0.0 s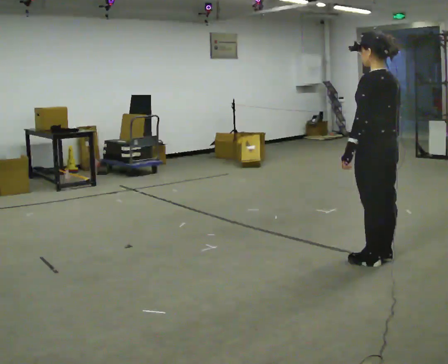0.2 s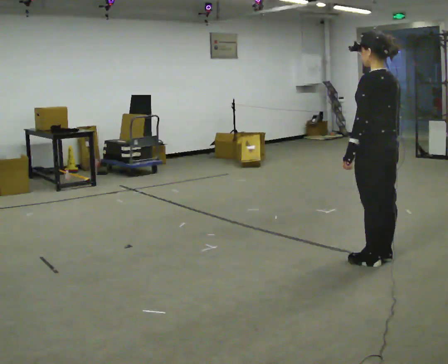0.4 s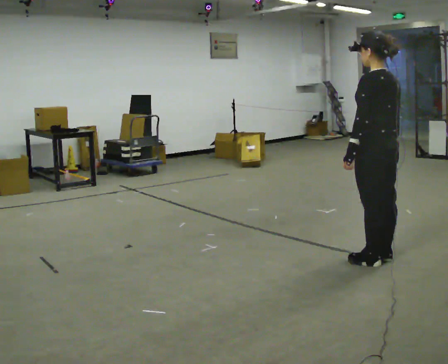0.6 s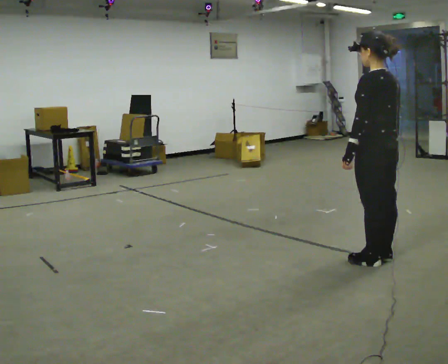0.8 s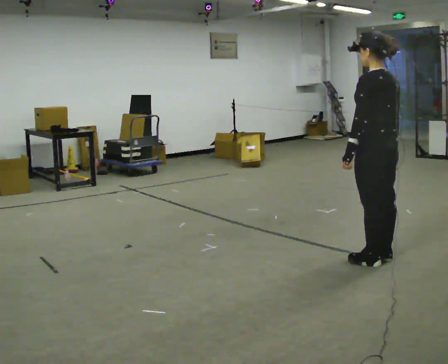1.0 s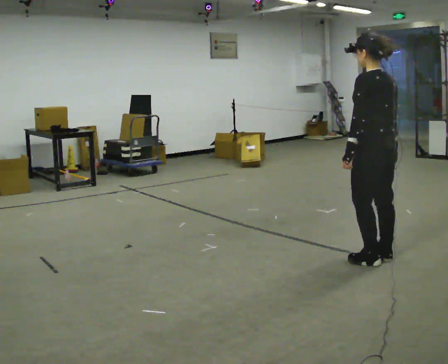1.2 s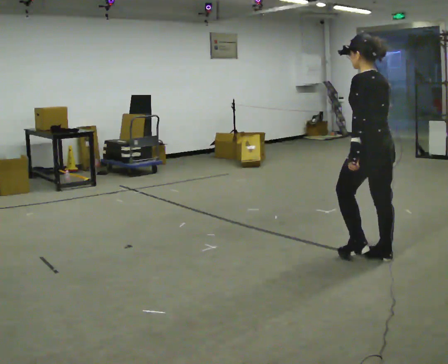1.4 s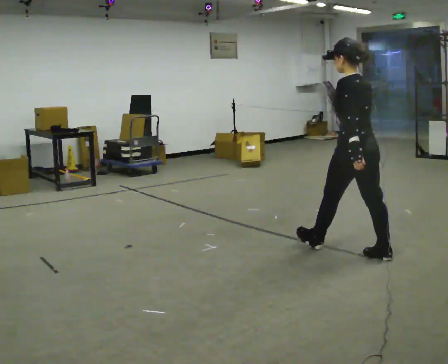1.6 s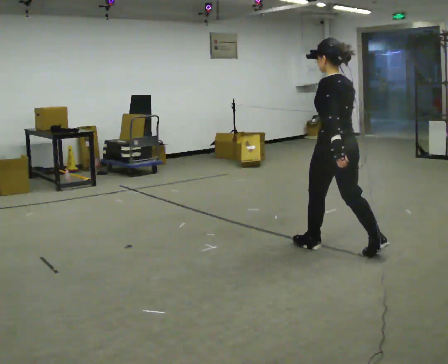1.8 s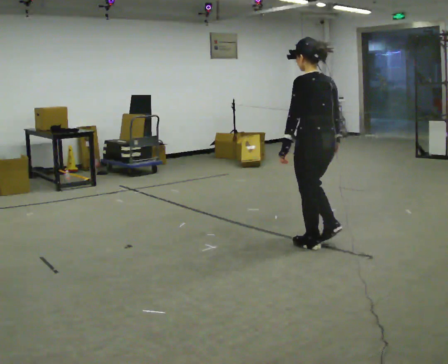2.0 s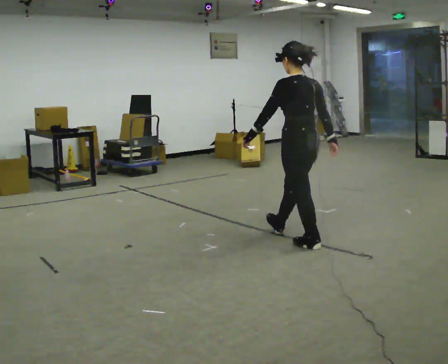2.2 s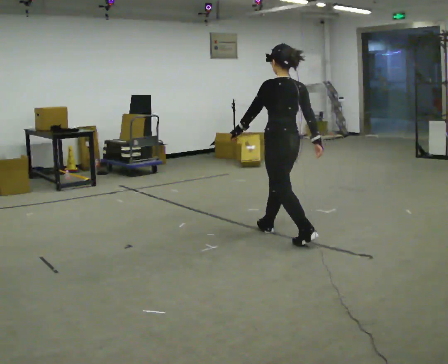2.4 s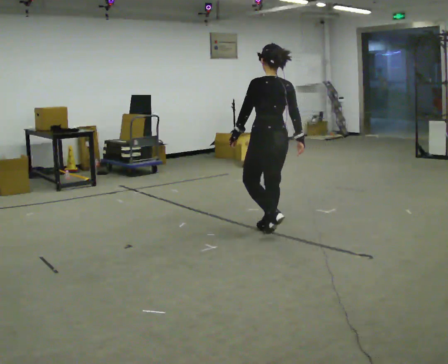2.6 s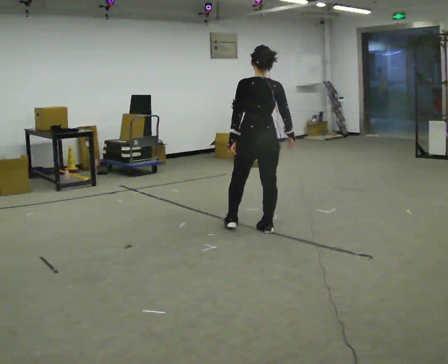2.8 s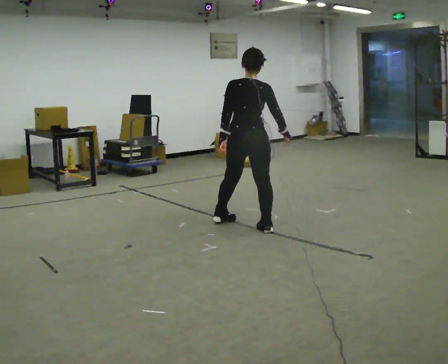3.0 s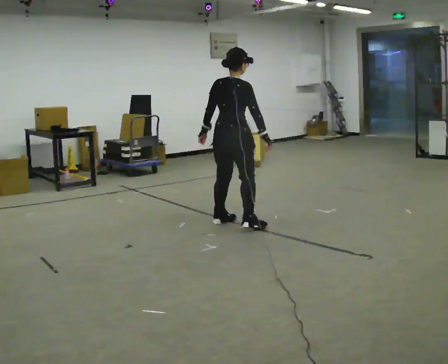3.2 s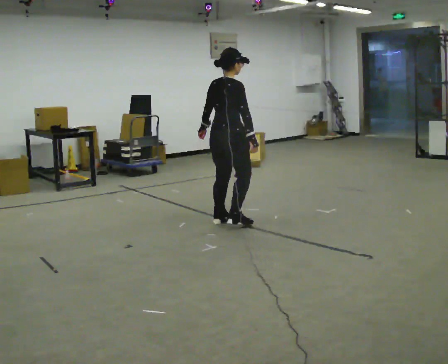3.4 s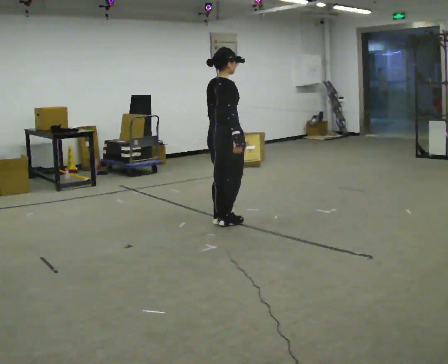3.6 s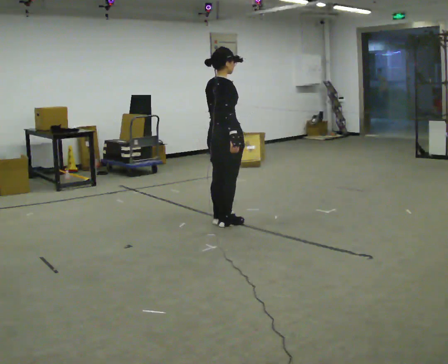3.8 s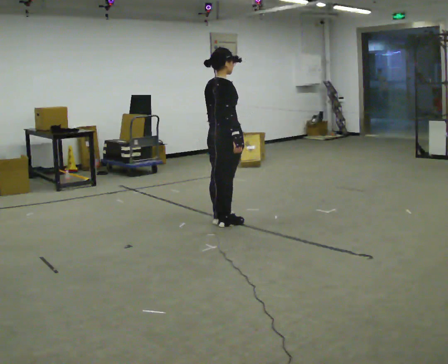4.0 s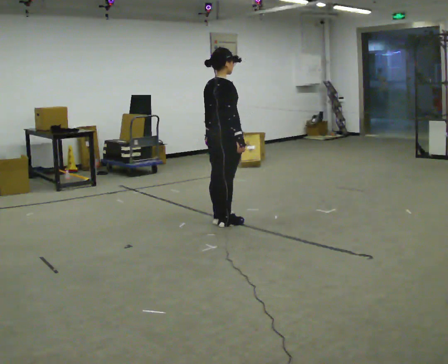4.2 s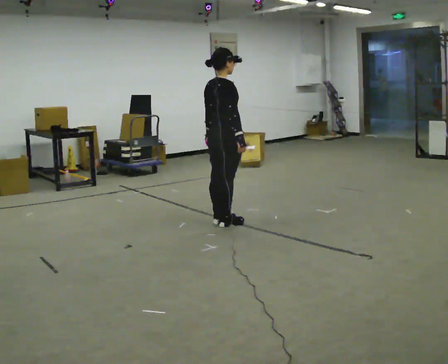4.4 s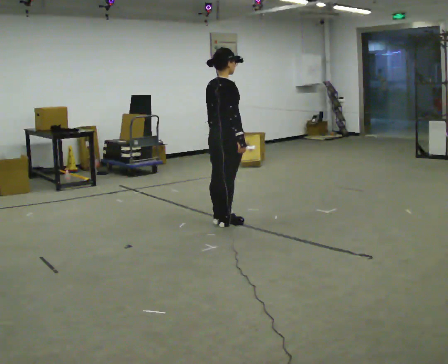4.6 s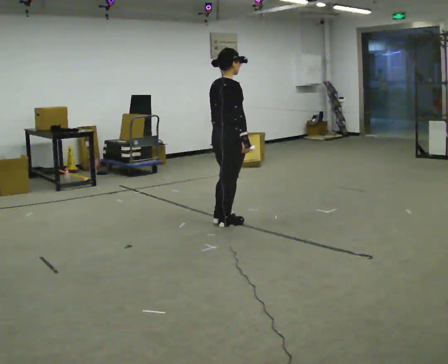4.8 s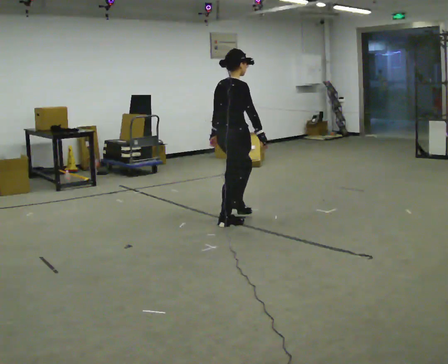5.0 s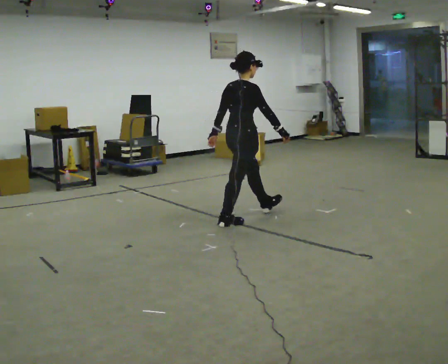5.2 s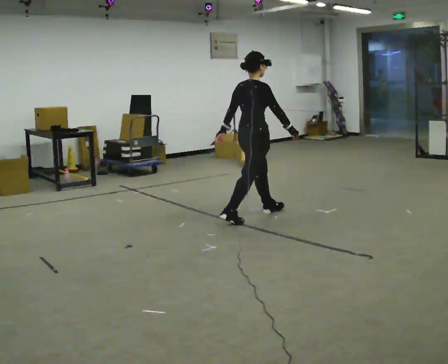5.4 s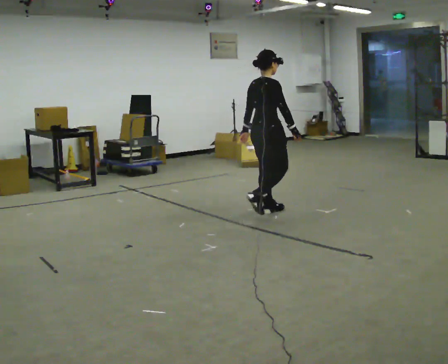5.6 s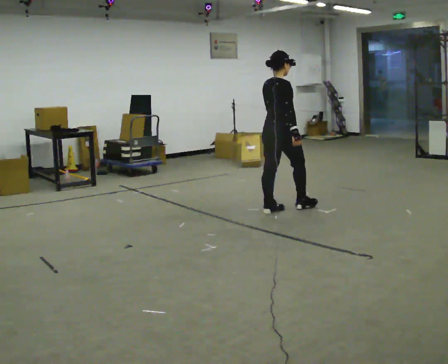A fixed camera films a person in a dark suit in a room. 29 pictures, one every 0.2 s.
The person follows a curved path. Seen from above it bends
clockwise.
The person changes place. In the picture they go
away from the camera.
0.0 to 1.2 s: The person moves a little, or ends about where they began.
1.2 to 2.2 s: In the picture they go away from the camera and to the left, about 1 m in 2 steps, which for them is forward.
2.2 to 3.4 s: The part of the body nearest the lens slides to the left as the person turns to their right by about 90 degrees. In the picture they go away from the camera and to the left, about 0.5 m in 2 steps.
3.4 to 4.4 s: The person moves a little, or ends about where they began.
4.4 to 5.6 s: In the picture they go to the right and away from the camera, about 0.75 m in 1 step, which for them is forward.
The film runs forward here.
